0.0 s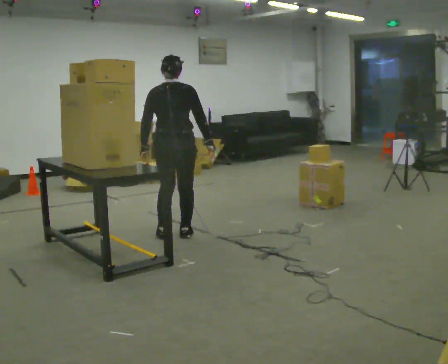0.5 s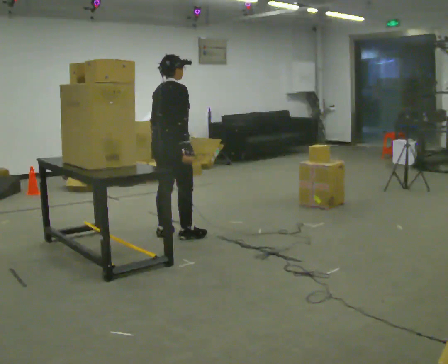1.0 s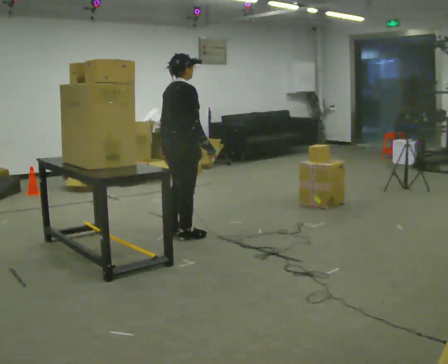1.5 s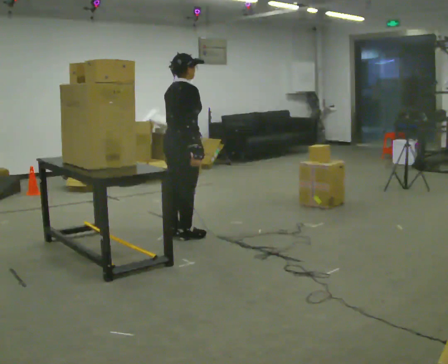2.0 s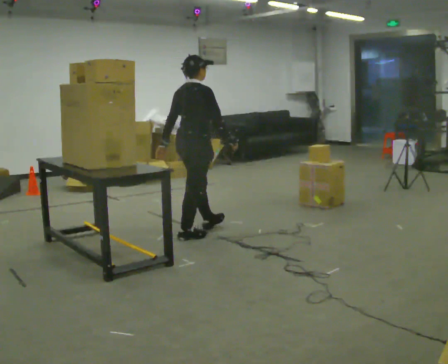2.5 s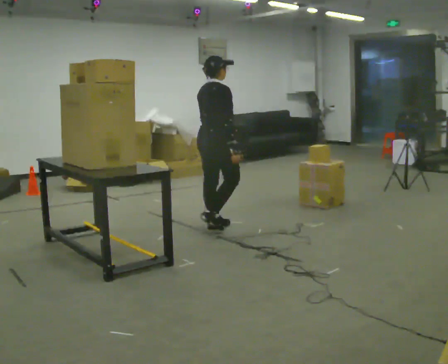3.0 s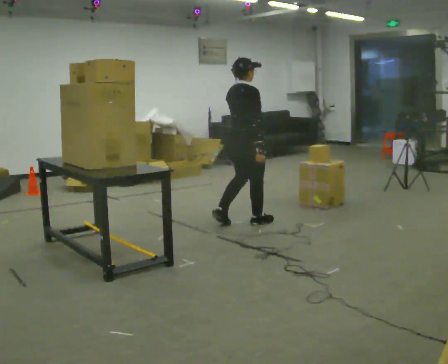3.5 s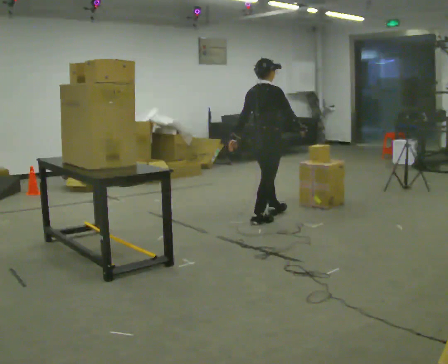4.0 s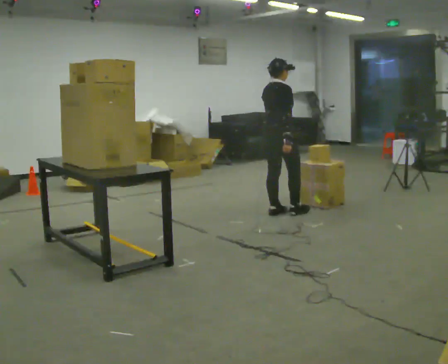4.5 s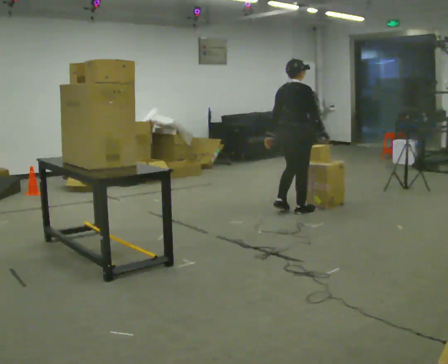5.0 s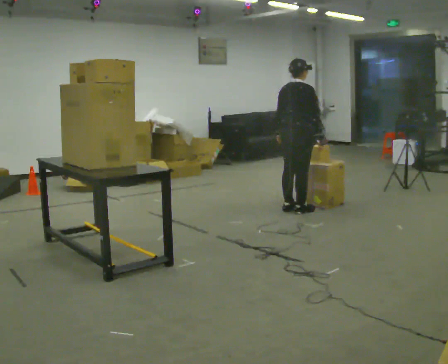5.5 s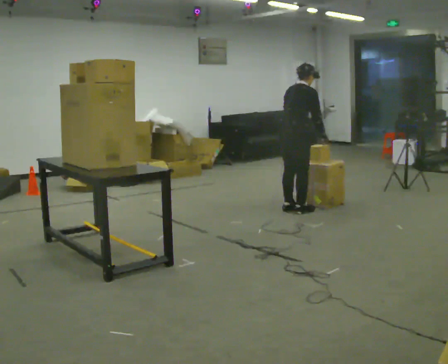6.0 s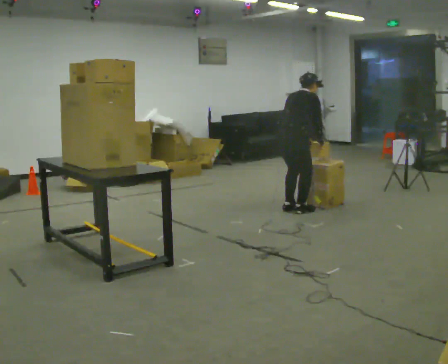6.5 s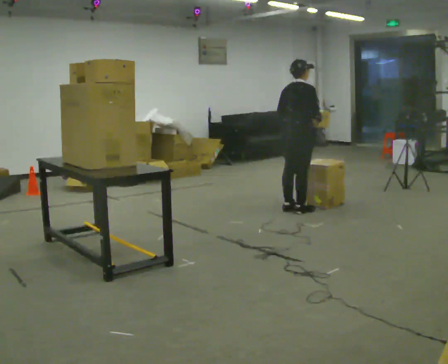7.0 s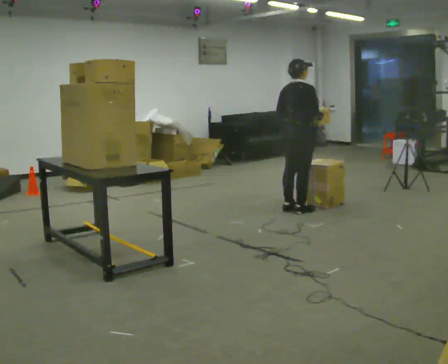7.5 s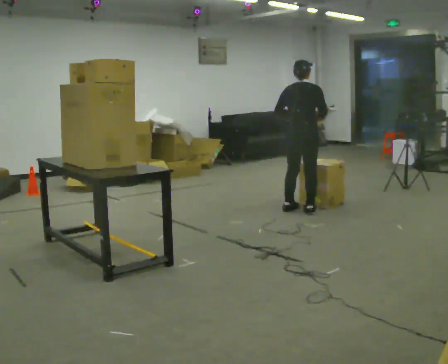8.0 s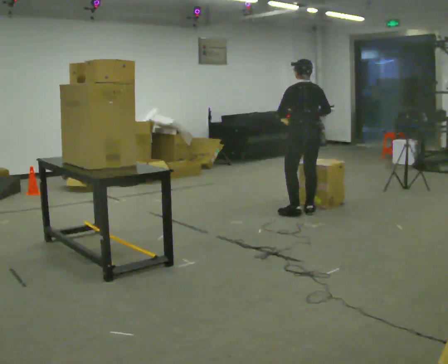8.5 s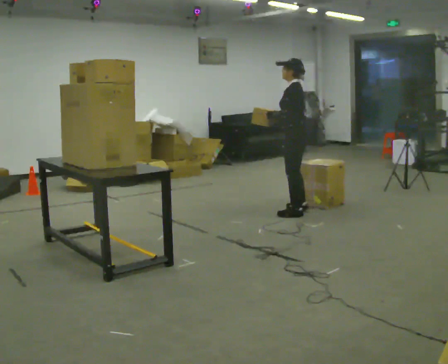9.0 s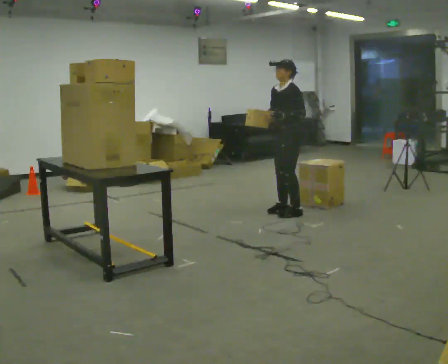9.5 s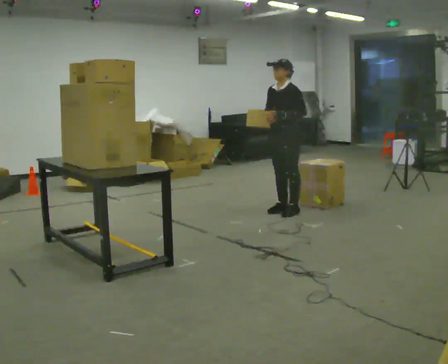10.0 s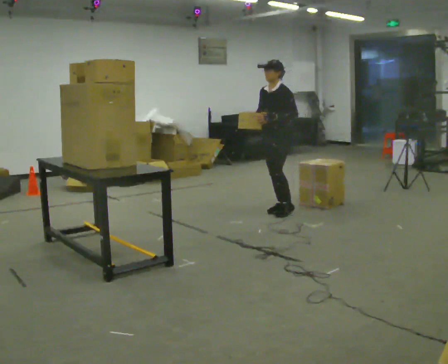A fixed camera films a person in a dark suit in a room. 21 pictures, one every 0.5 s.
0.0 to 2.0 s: Seen from above the body turns clockwise, about 45 degrees: to their right, with its near side sliding to the left. In the picture they go to the right, about 0.25 m, which for them is forward.
2.0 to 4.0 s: In the picture they go away from the camera and to the right, about 1 m in 3 steps, which for them is forward.
4.0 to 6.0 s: The person moves a little, or ends about where they began.
6.0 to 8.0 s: Seen from above the body turns counterclockwise, about 75 degrees: to their left, with its near side sliding to the right. The upper body tips toward the camera, its near side rolling downward, as they lean back or straighten.
8.0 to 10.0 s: The person turns about 90 degrees to their left, counterclockwise seen from above, so the part of the body nearest the lens slides to the right. In the picture they go to the left, about 0.25 m in 1 step.
The film runs forward here.
